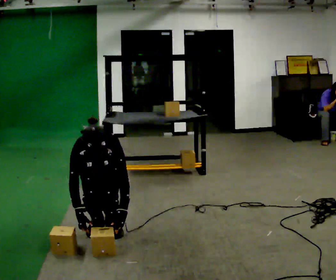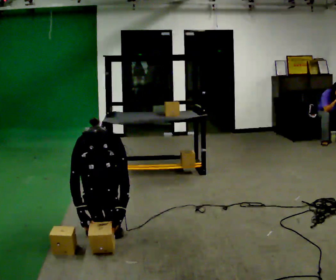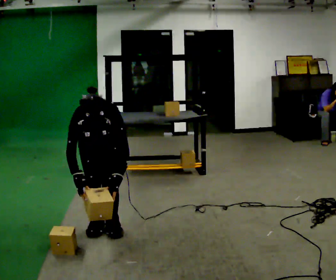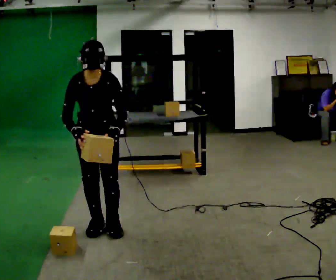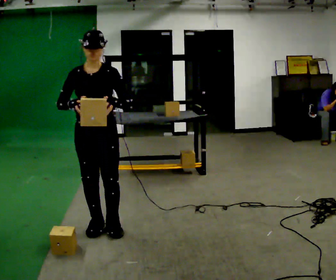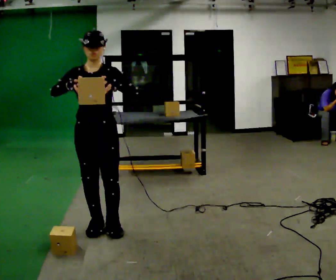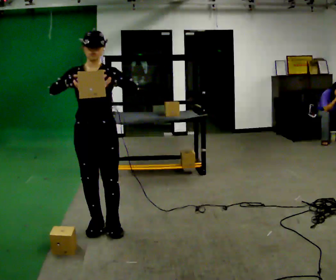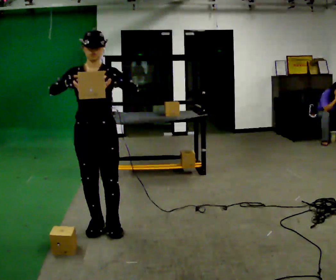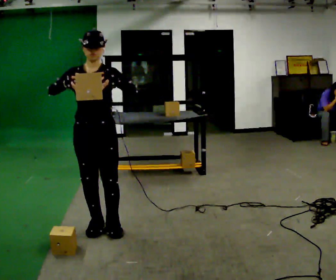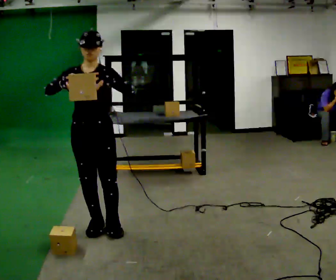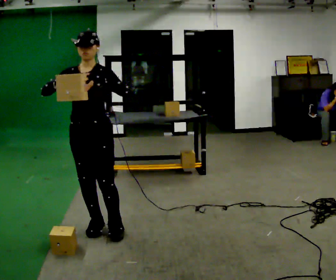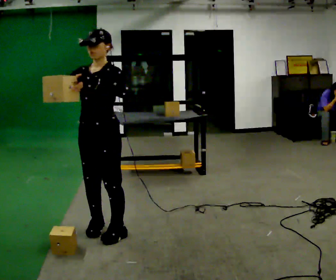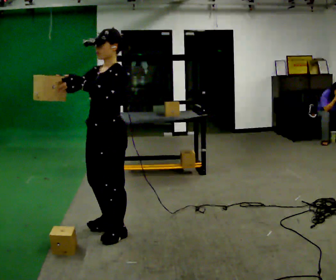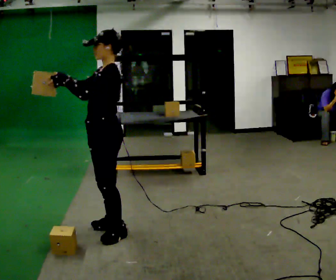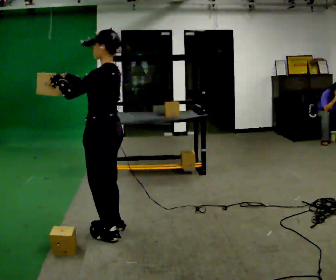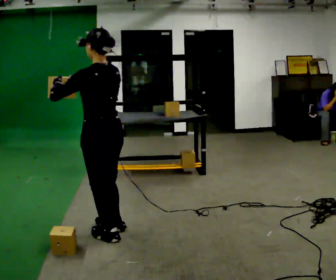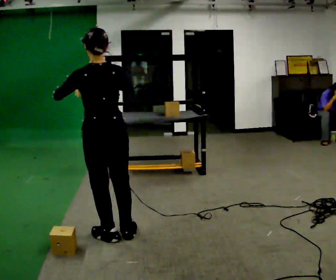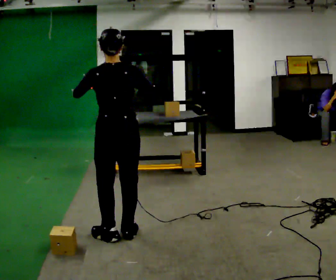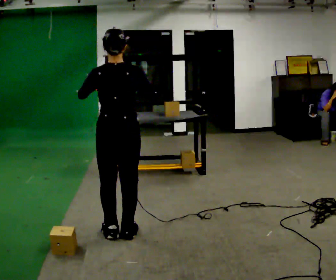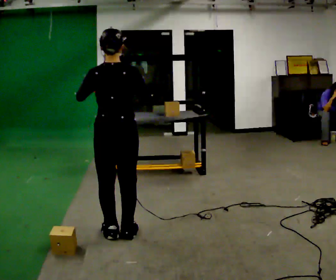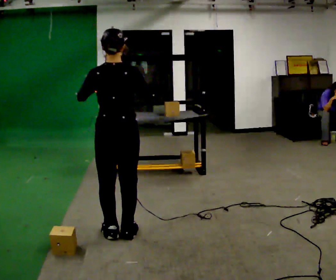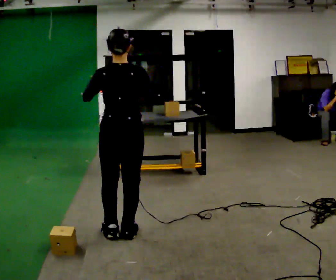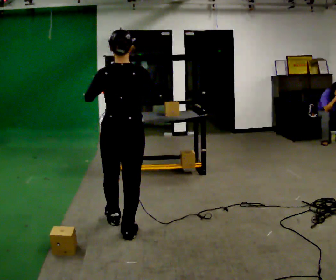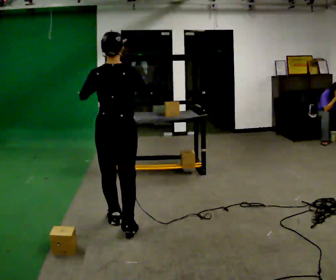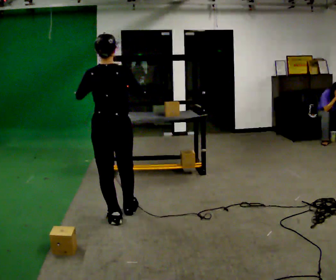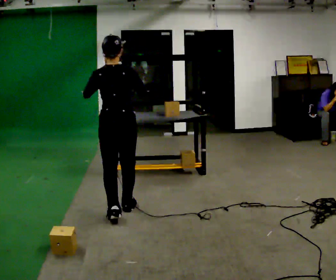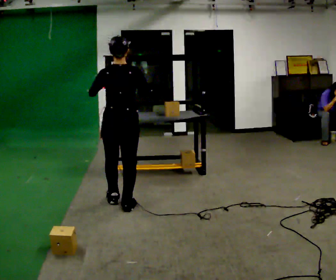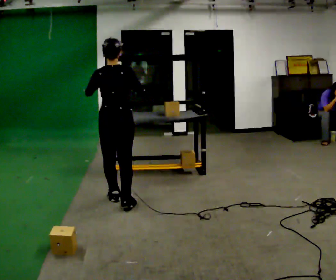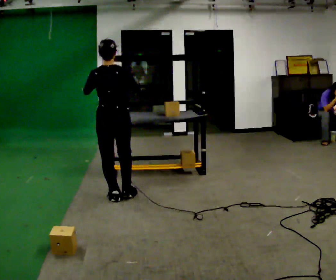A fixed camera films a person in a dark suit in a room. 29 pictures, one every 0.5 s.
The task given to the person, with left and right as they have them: 1. The operator will tell you the shelf is already sorted and just needs moving to the table. 2. Do what you think is right. 3. Tell the operator when you are finished.
0.0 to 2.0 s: The shoulders move upward. The upper body tips away from the camera, its near side rolling upward, as they lean back or straighten. In the picture their left hand goes upward.
2.0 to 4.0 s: The person moves a little, or ends about where they began.
4.0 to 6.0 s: The person turns about 60 degrees to their right, clockwise seen from above, so the part of the body nearest the lens slides to the left.
6.0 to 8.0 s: The part of the body nearest the lens slides to the left as the person turns to their right by about 105 degrees. In the picture their right hand goes to the right.
8.0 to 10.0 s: The person moves a little, or ends about where they began.
10.0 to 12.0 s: In the picture they go away from the camera, about 0.25 m in 1 step, which for them is forward.
12.0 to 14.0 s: In the picture they go away from the camera, about 0.5 m in 2 steps, which for them is forward.
The film runs forward here.
